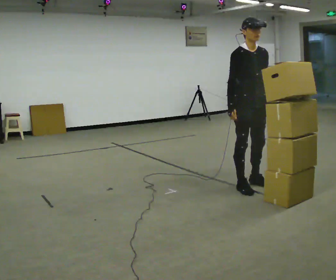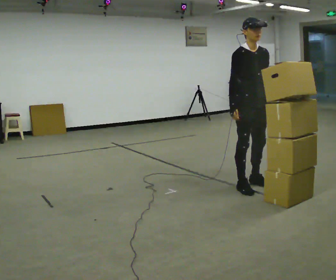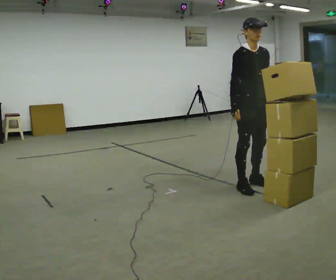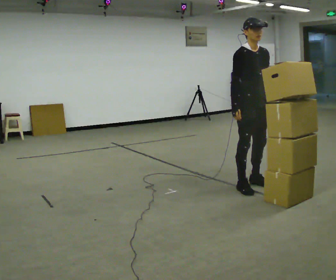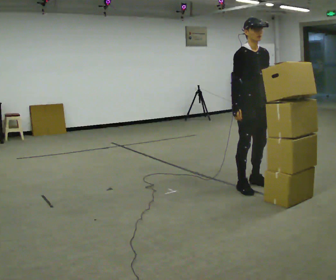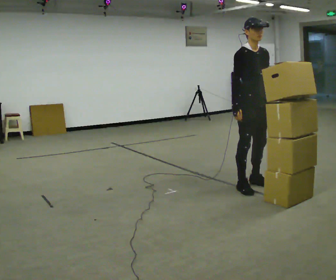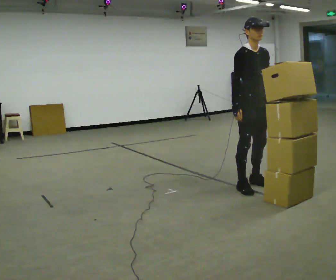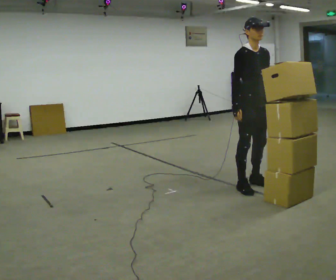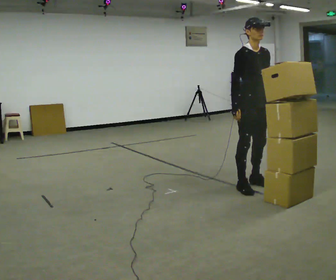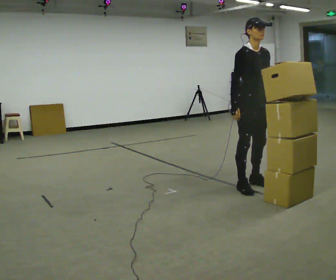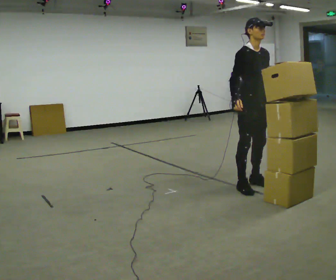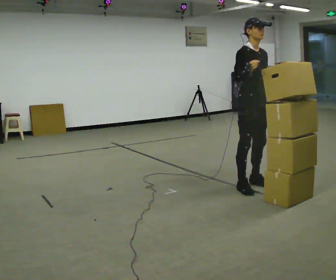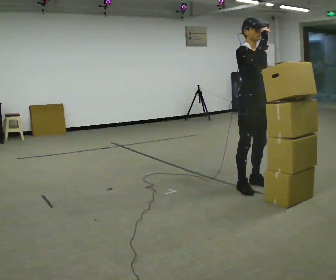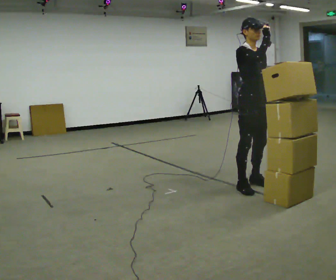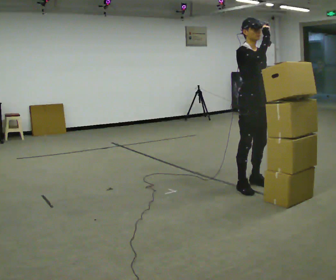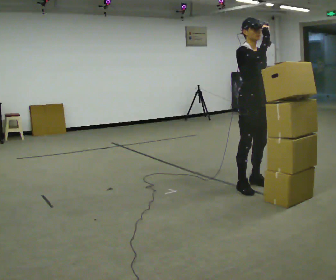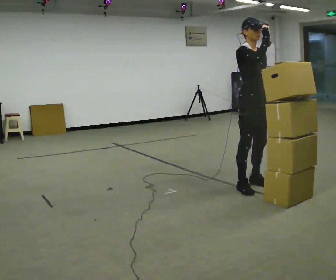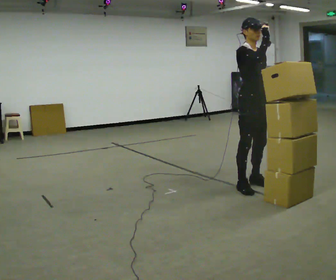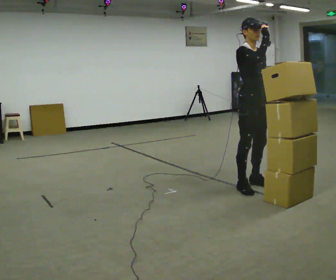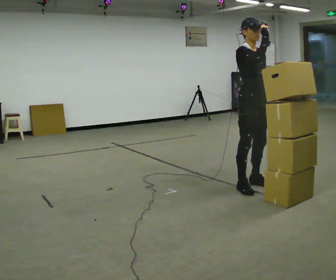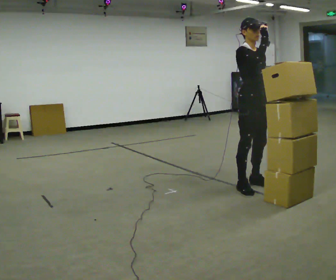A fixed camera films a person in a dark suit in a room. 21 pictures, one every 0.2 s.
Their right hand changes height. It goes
upward.
0.0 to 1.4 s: The person moves a little, or ends about where they began.
1.4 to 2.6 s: In the picture their right hand goes upward and to the right.
2.6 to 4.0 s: The person keeps their place and pose.
The film runs backward here.
